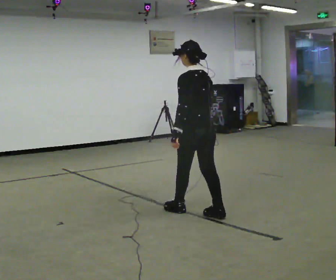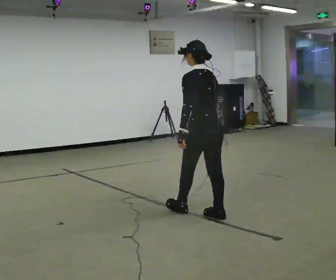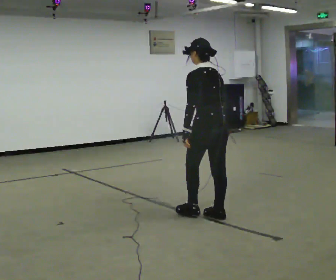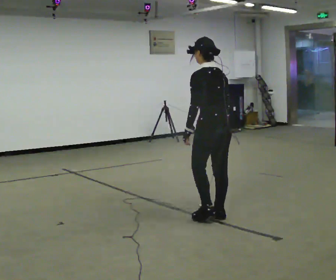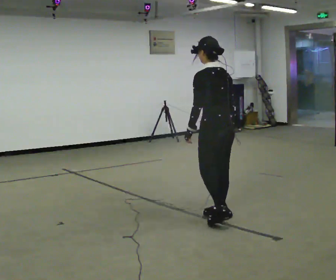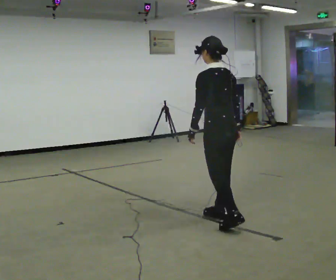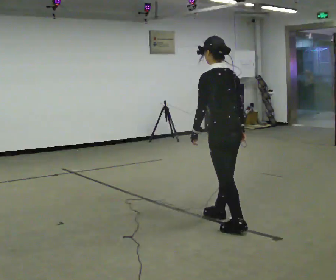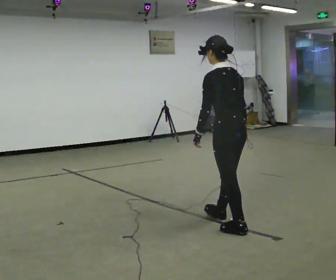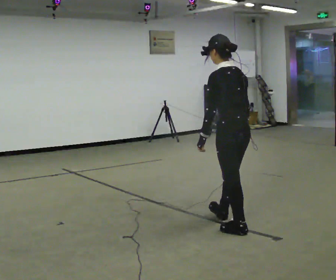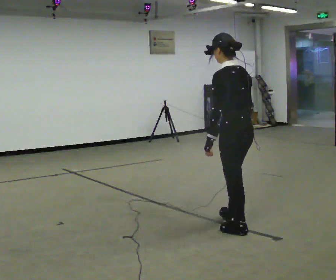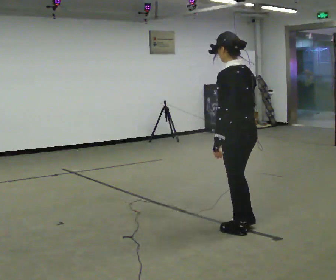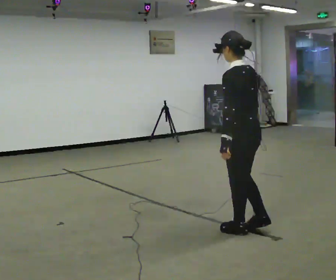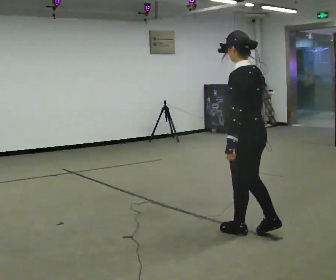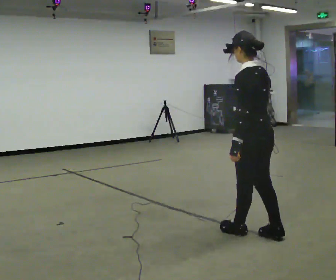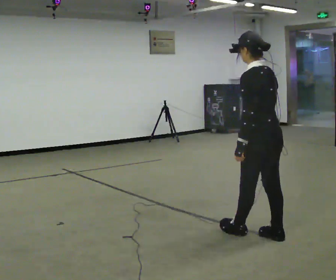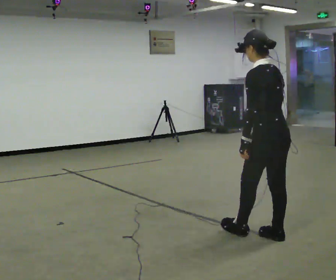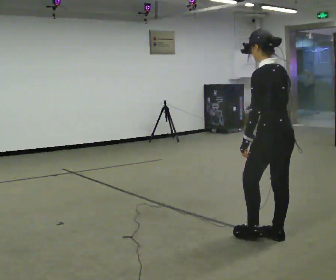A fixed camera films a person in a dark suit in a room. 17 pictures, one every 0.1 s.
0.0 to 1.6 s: In the picture they go toward the camera and to the right, about 1 m in 2 steps, which for them is backward.
The film runs forward here.
